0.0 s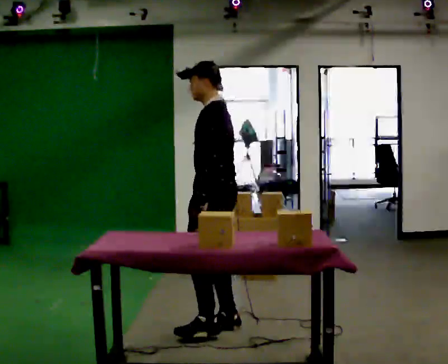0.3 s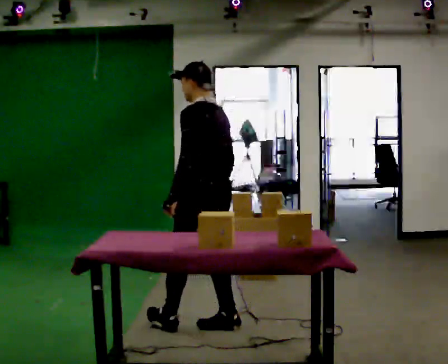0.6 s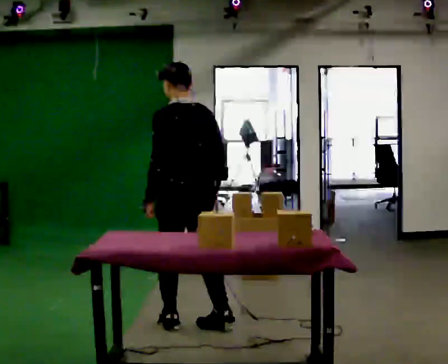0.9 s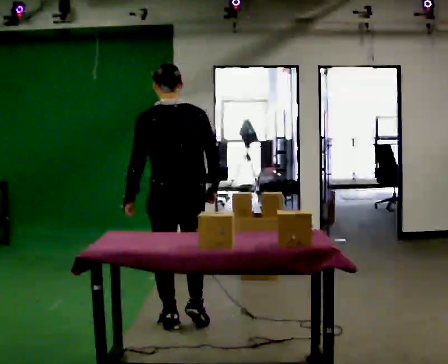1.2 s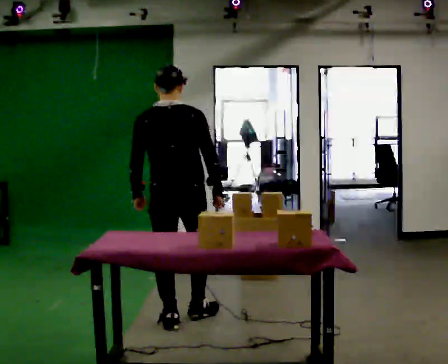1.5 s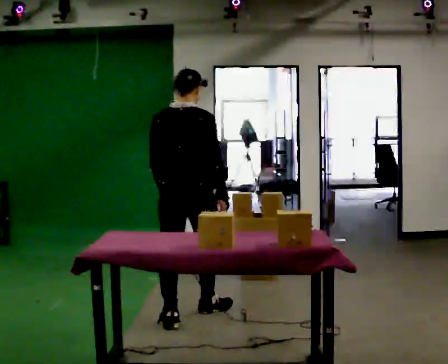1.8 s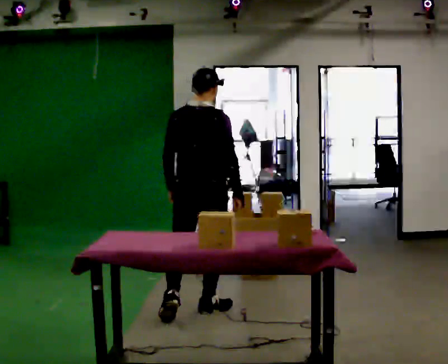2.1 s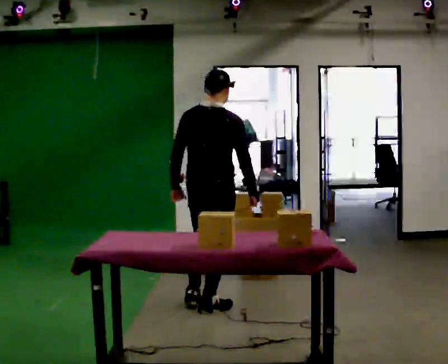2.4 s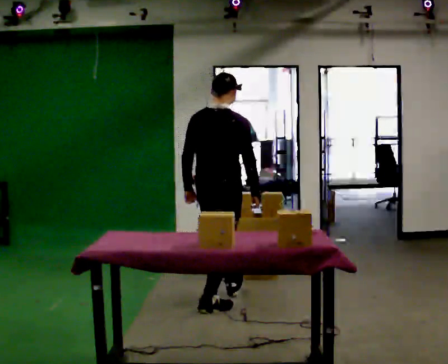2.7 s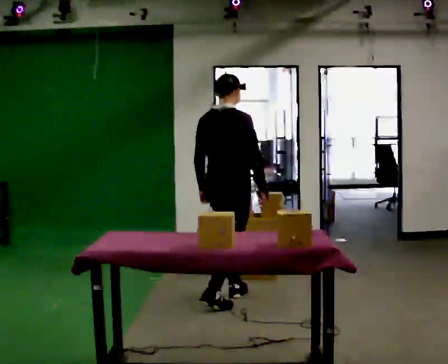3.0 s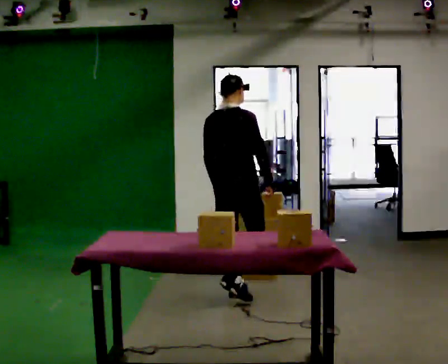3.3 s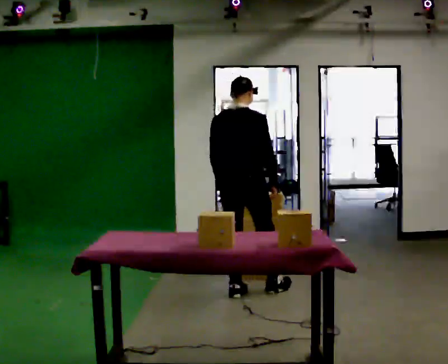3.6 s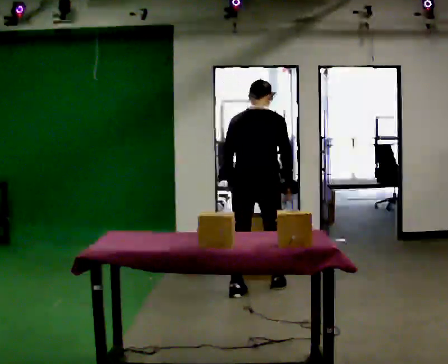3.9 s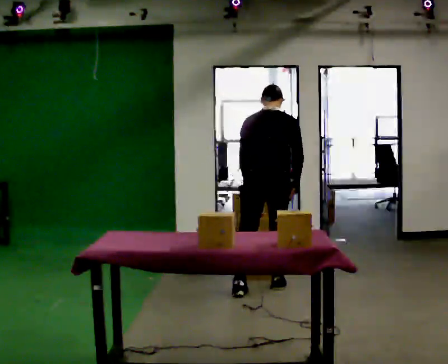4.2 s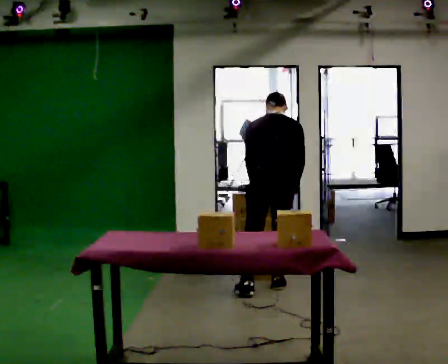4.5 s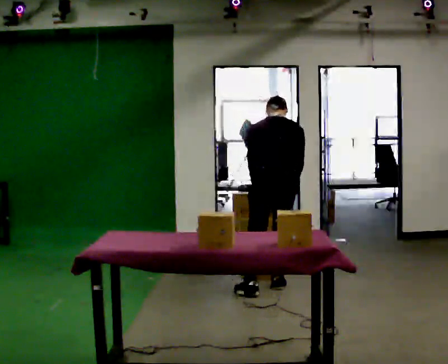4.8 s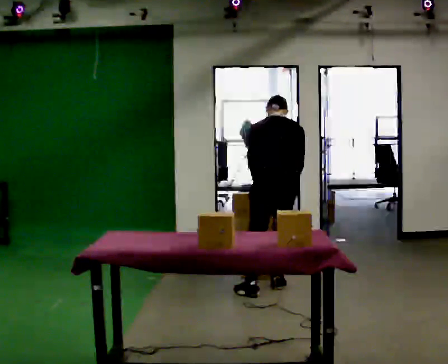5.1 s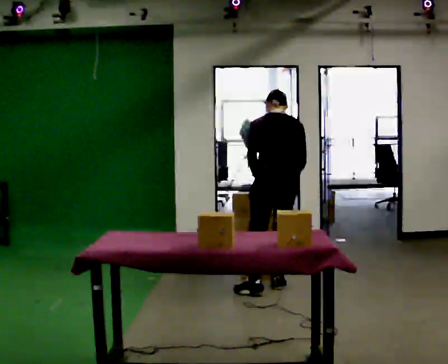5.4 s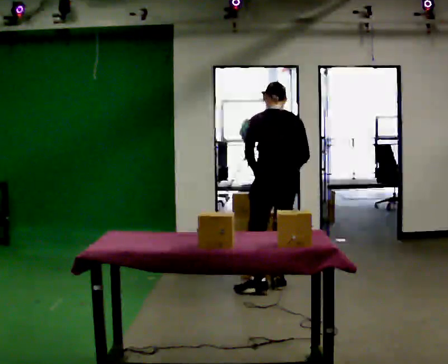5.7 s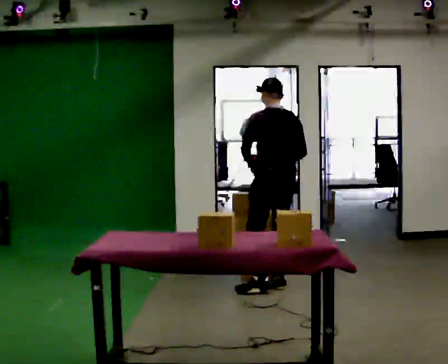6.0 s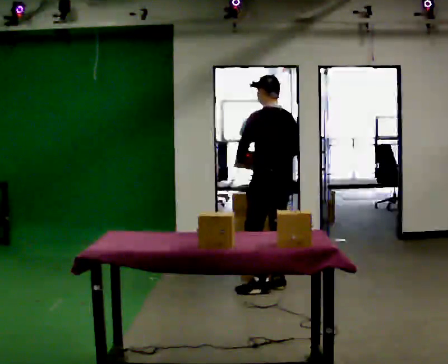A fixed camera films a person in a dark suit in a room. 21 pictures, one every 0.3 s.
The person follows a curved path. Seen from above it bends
clockwise.
The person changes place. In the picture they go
away from the camera.
0.0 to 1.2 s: Seen from above the body turns clockwise, about 90 degrees: to their right, with its near side sliding to the left. In the picture they go to the left, about 0.25 m in 1 step.
1.2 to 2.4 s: The part of the body nearest the lens slides to the left as the person turns to their right by about 30 degrees. In the picture they go away from the camera and to the right, about 0.5 m in 1 step, which for them is forward.
2.4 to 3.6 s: In the picture they go away from the camera and to the right, about 0.5 m in 2 steps, which for them is forward.
3.6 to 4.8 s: In the picture they go to the right, about 0.25 m, which for them is to their right. The upper body tips away from the camera, its near side rolling upward, as they bend forward.
4.8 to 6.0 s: The person turns about 30 degrees to their left, counterclockwise seen from above, so the part of the body nearest the lens slides to the right. The upper body tips toward the camera, its near side rolling downward, as they lean back or straighten.
The film runs forward here.
